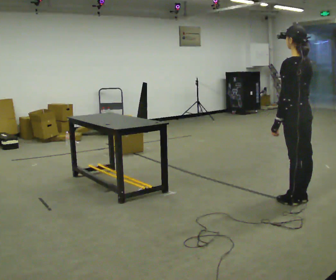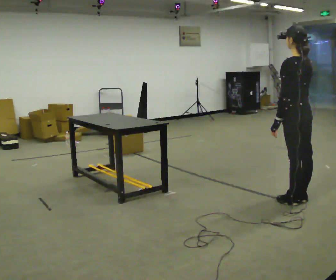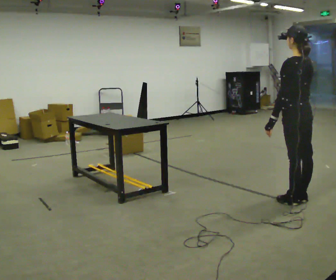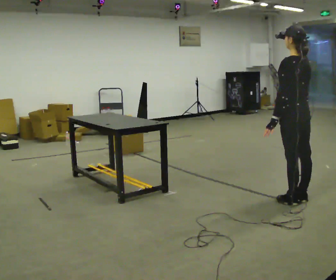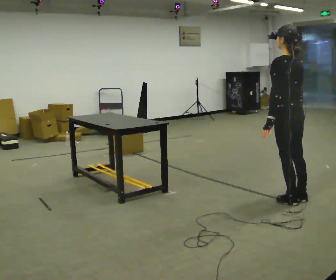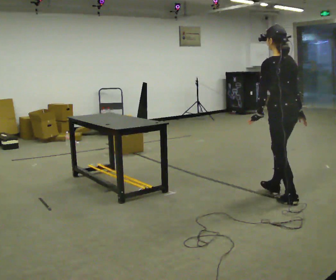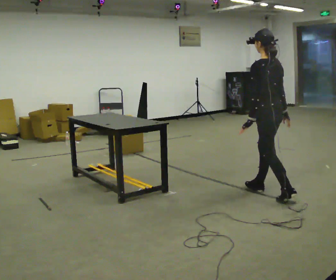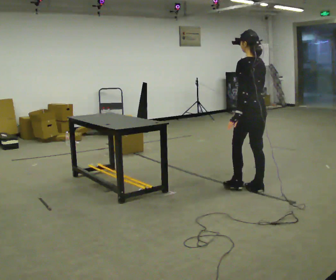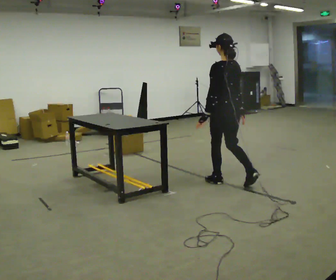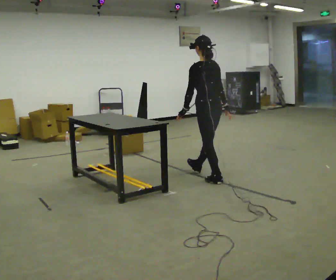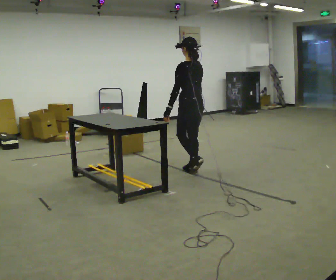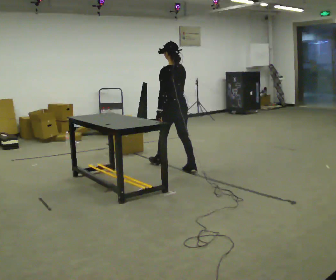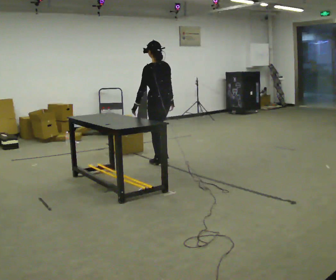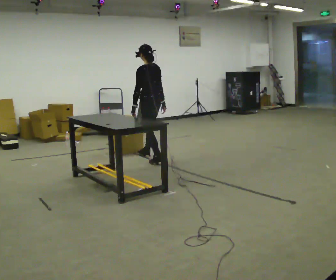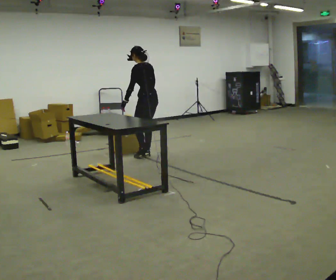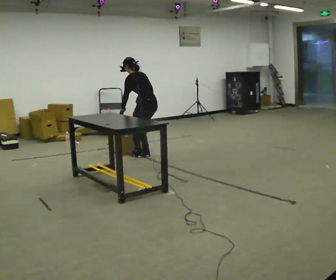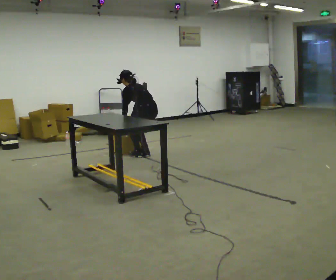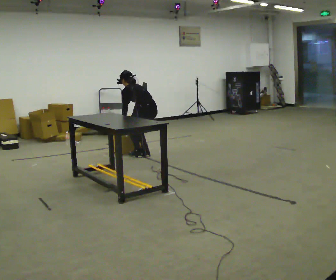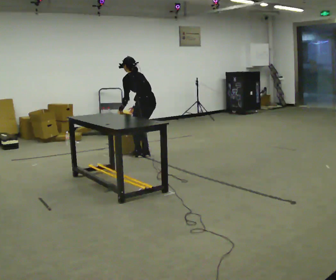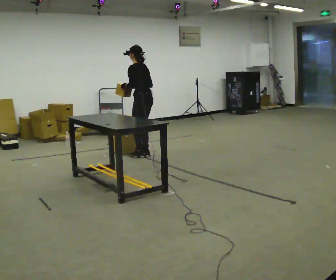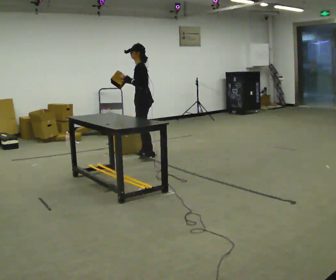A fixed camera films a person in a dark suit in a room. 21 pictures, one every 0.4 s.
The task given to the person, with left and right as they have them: Reach down into the deep bin on the floor, take out one object at a time, carry it to the shelf, and come back for the next one. Keep going until the operator says stop; one object at a time, and do not rush between trips.
0.0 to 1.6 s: The person moves a little, or ends about where they began.
1.6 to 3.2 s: In the picture they go away from the camera and to the left, about 1 m in 2 steps, which for them is forward.
3.2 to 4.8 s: In the picture they go away from the camera and to the left, about 1 m in 2 steps, which for them is forward.
4.8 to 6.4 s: In the picture they go away from the camera and to the left, about 0.5 m in 2 steps, which for them is forward and to their right. The upper body goes downward. In the picture the upper body tilts counterclockwise, shoulders to the left, as they bend forward. In the picture their right hand goes downward.
6.4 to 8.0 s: Seen from above the body turns counterclockwise, about 45 degrees: to their left, with its near side sliding to the right. The upper body goes upward. The upper body tips toward the camera, its near side rolling downward, as they lean back or straighten. In the picture their left hand goes upward.
The film runs forward here.
